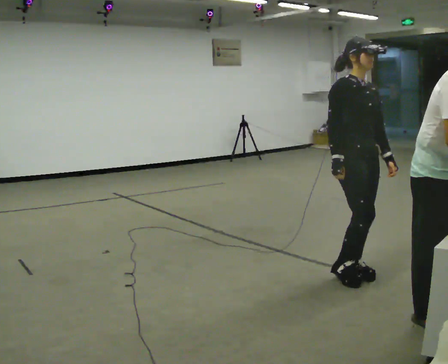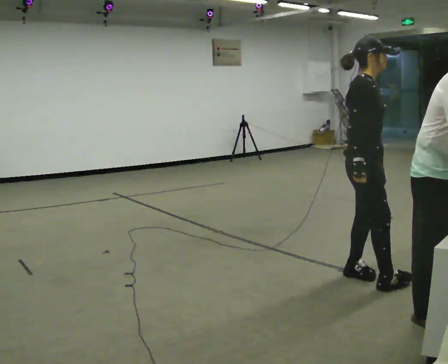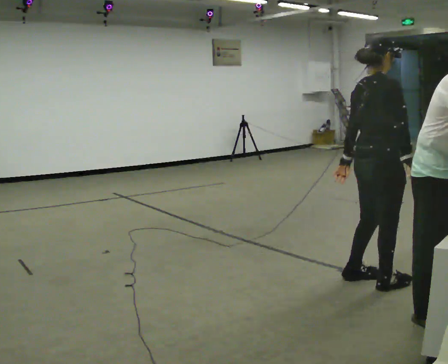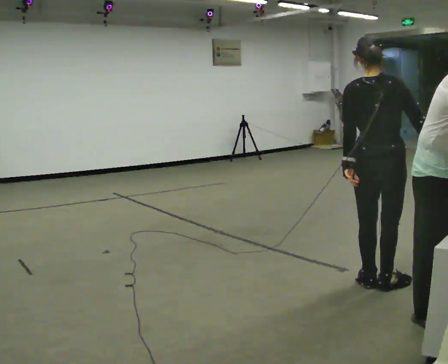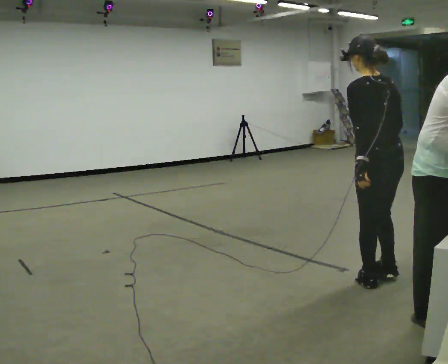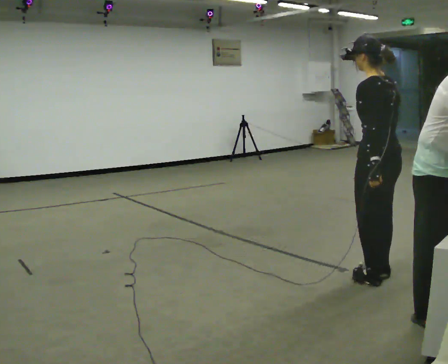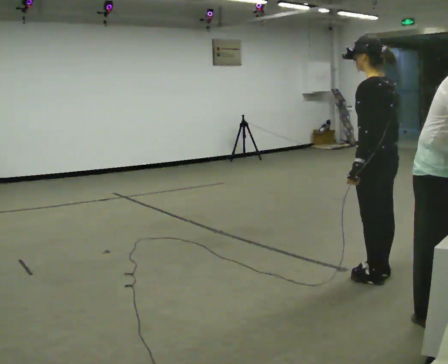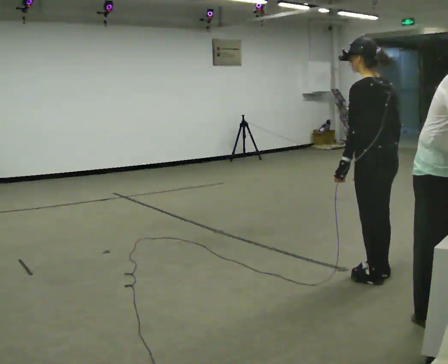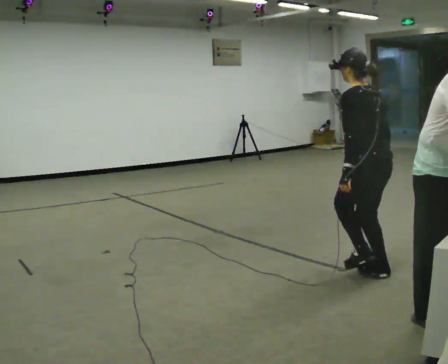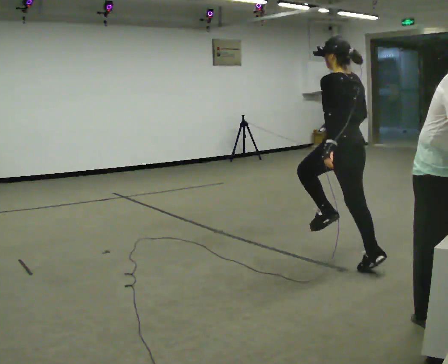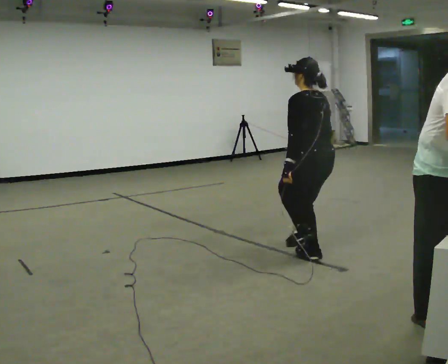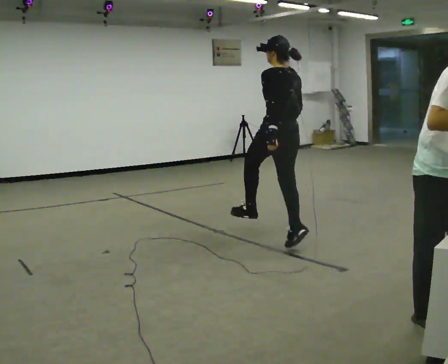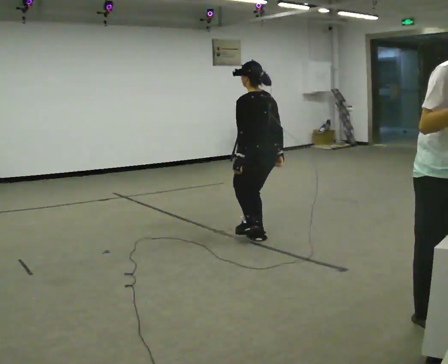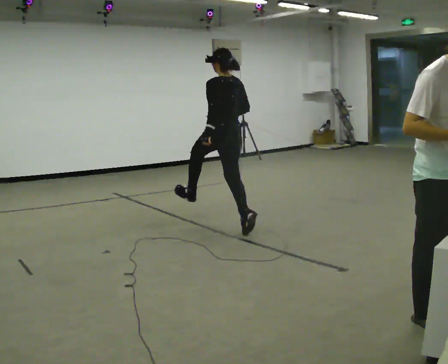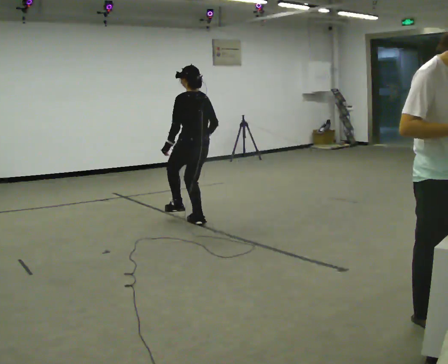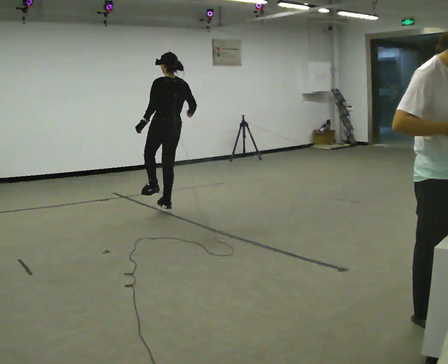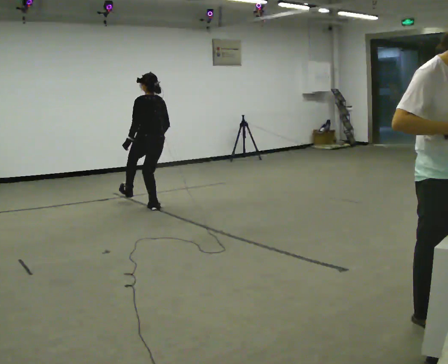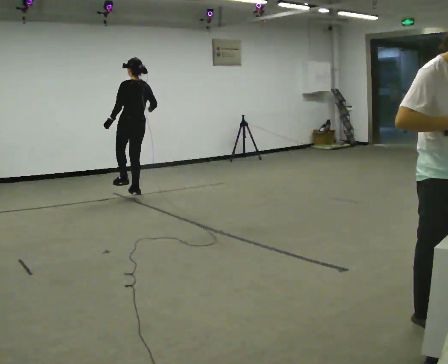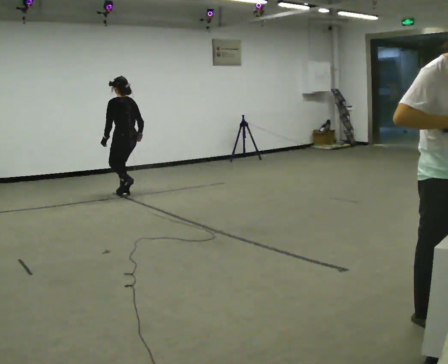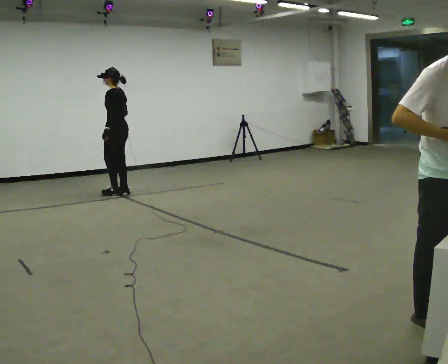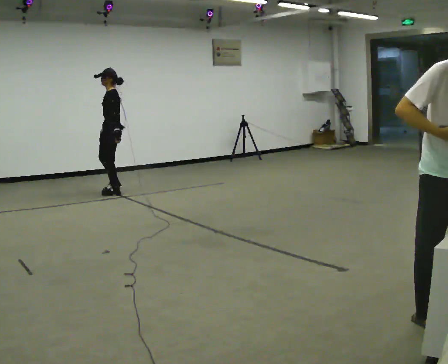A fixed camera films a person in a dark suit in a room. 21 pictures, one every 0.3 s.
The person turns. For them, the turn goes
to their left.
The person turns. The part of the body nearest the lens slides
to the right.
0.0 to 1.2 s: Seen from above the body turns counterclockwise, about 165 degrees: to their left, with its near side sliding to the right. In the picture they go to the right, about 0.25 m in 2 steps. In the picture their right hand goes to the right.
1.2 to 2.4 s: In the picture they go away from the camera, about 0.25 m in 1 step, which for them is forward and to their right.
2.4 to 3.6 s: In the picture they go away from the camera and to the left, about 1.5 m in 4 steps, which for them is forward.
3.6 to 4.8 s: In the picture they go to the left and away from the camera, about 1.5 m in 2 steps, which for them is forward.
4.8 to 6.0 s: Seen from above the body turns counterclockwise, about 75 degrees: to their left, with its near side sliding to the right. In the picture they go away from the camera and to the left, about 1 m in 2 steps.
The film runs forward here.
